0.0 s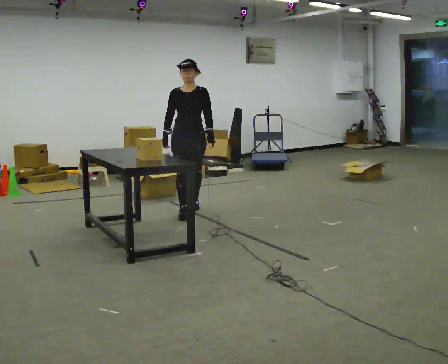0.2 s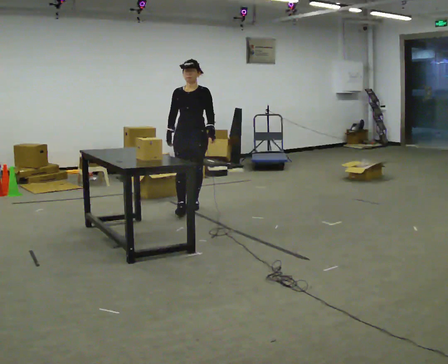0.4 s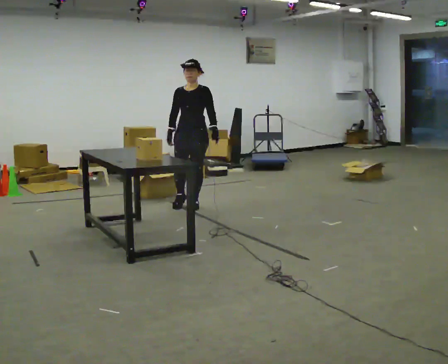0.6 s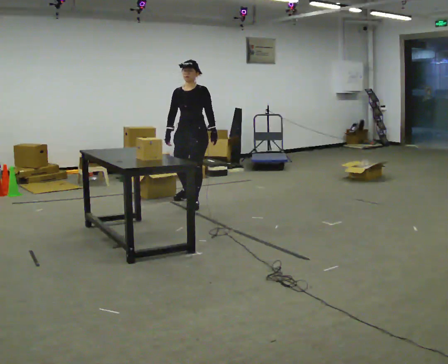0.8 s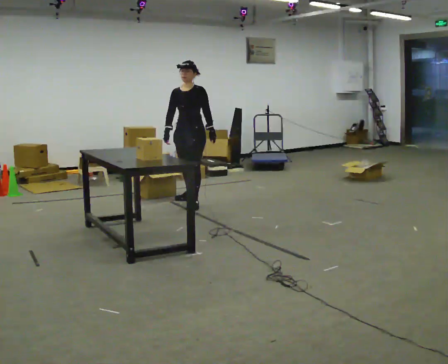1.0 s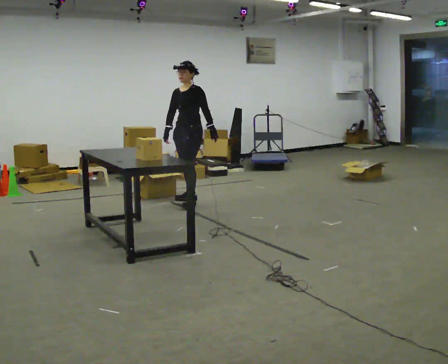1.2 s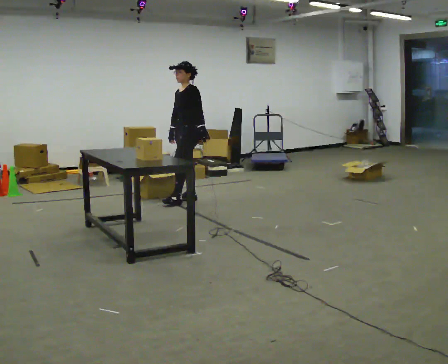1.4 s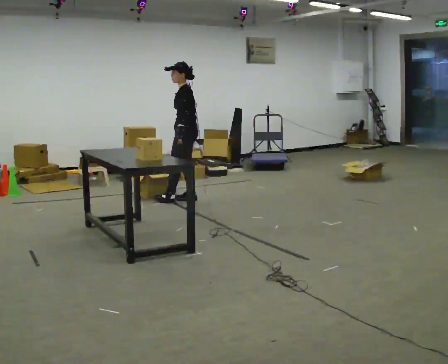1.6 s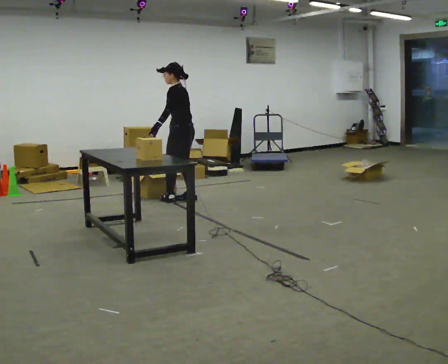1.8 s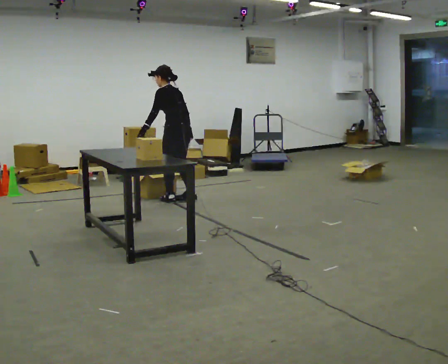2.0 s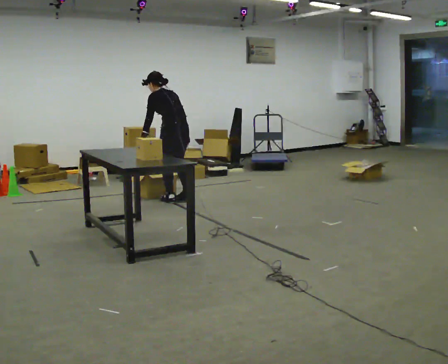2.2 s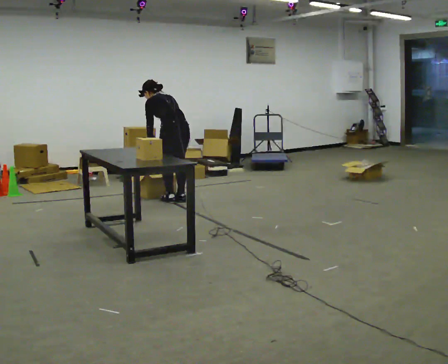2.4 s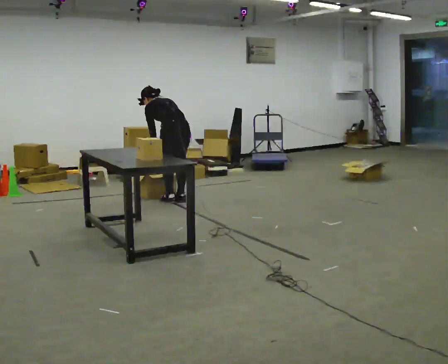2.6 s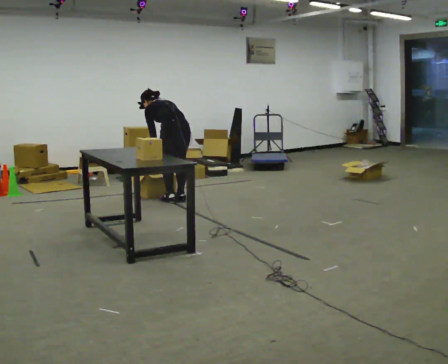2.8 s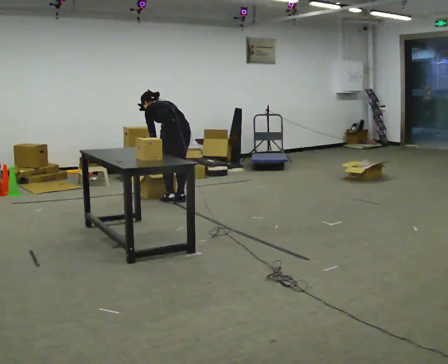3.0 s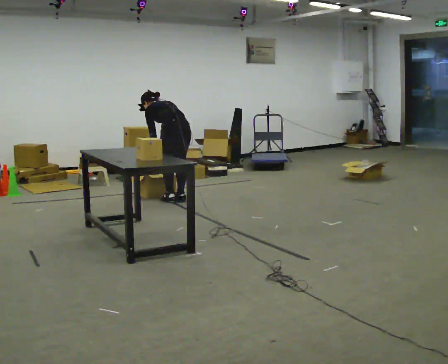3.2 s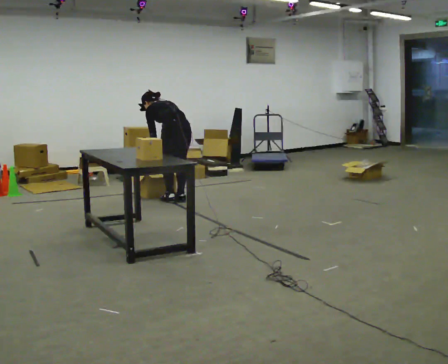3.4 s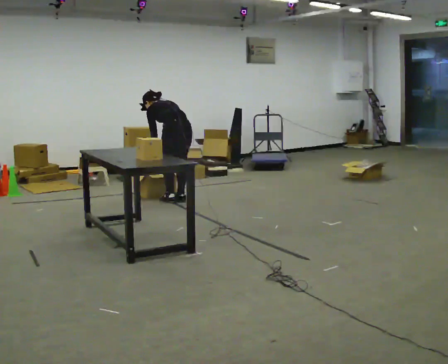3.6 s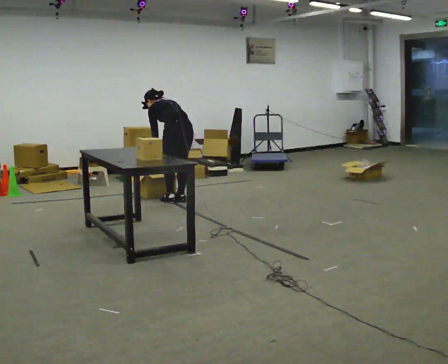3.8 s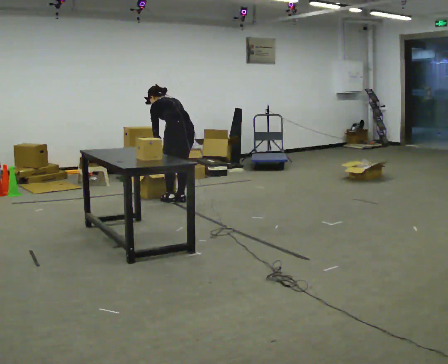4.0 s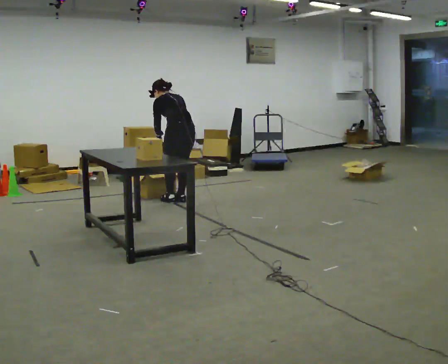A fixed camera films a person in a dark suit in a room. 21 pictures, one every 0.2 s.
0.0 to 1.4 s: The person turns about 90 degrees to their right, clockwise seen from above, so the part of the body nearest the lens slides to the left. In the picture they go away from the camera, about 0.5 m in 2 steps.
1.4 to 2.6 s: The person turns about 60 degrees to their right, clockwise seen from above, so the part of the body nearest the lens slides to the left. The upper body goes downward. The upper body tips away from the camera, its near side rolling upward, as they bend forward. In the picture their left hand goes to the left.
2.6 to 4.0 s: In the picture the upper body tilts clockwise, shoulders to the right, as they lean back or straighten.
The film runs backward here.
